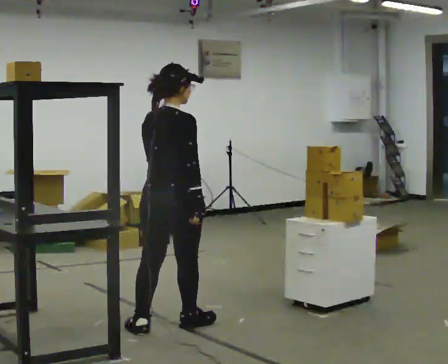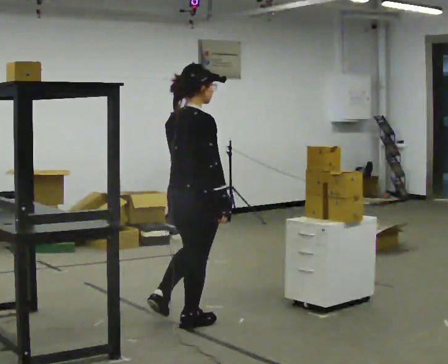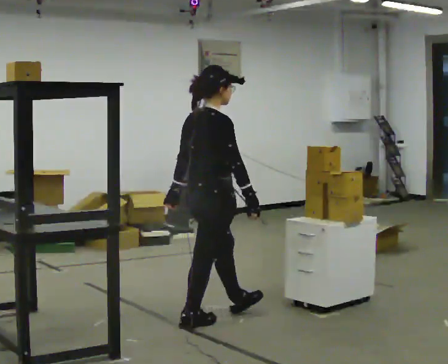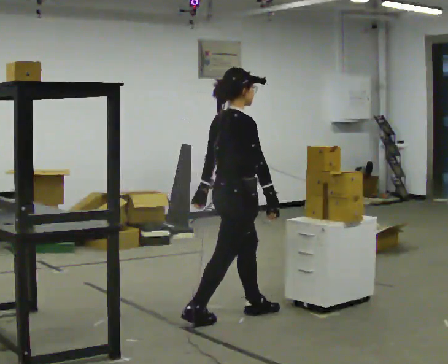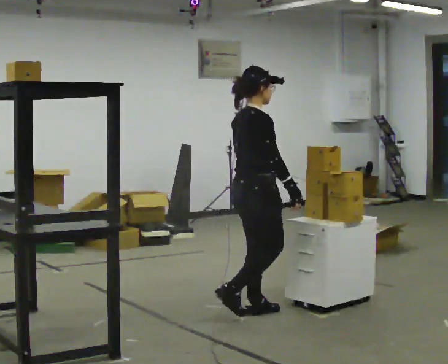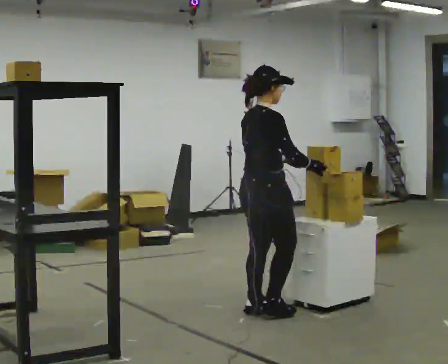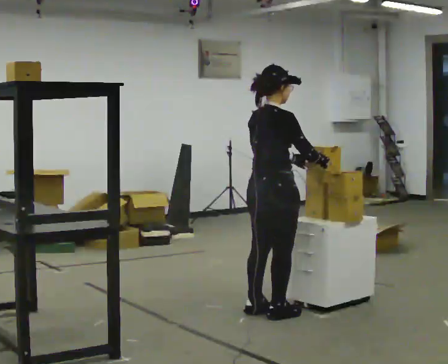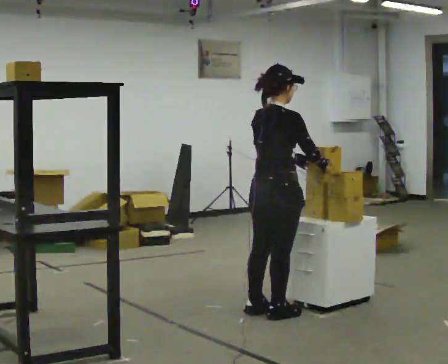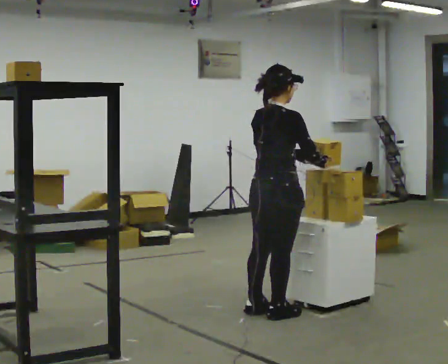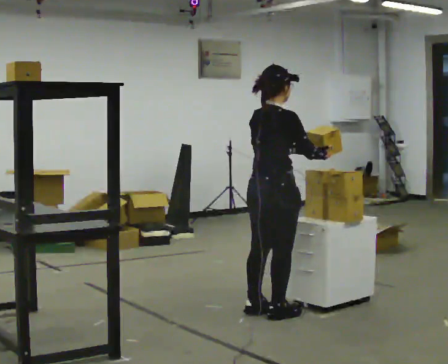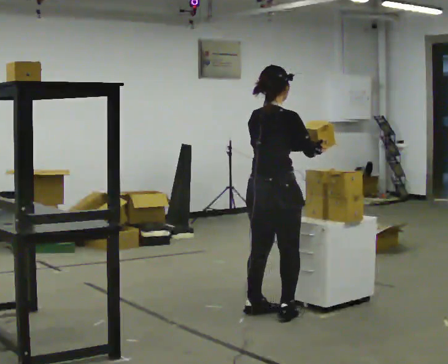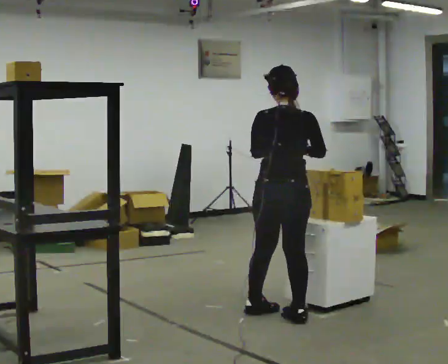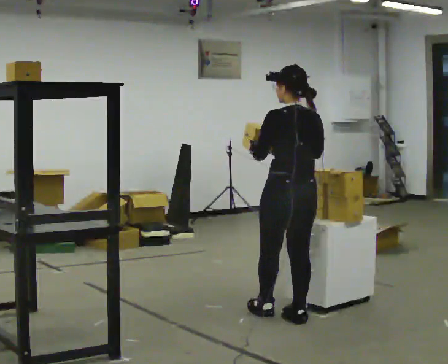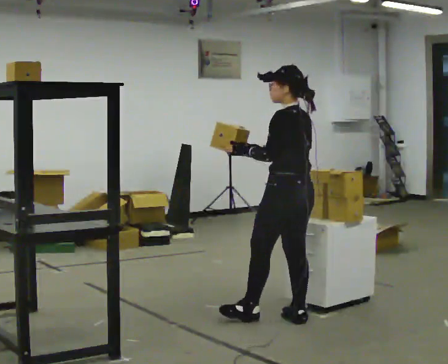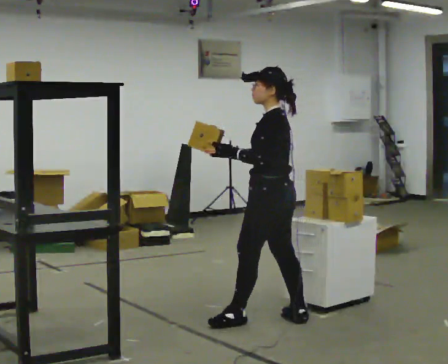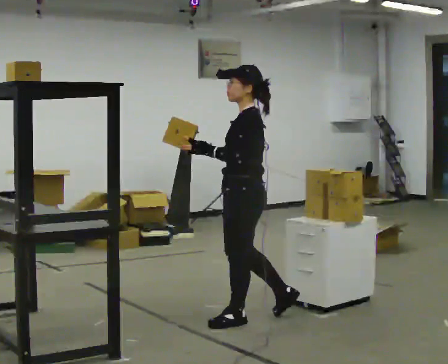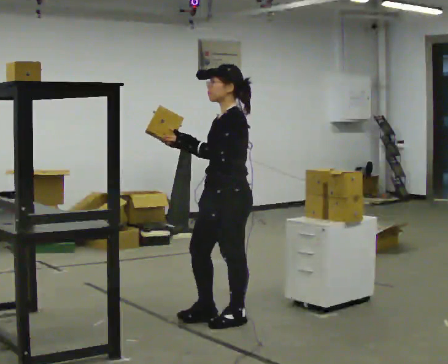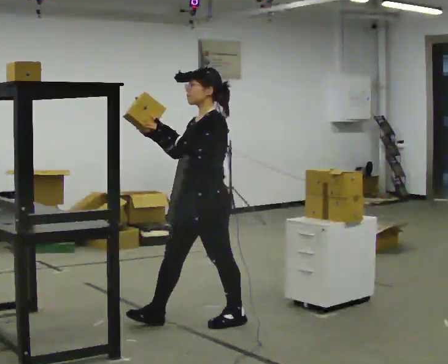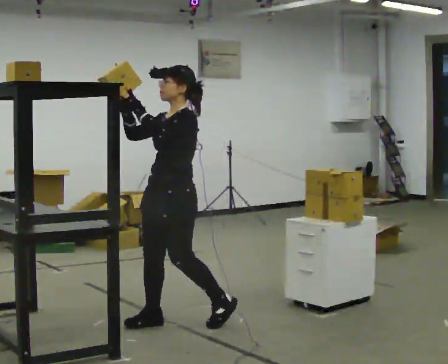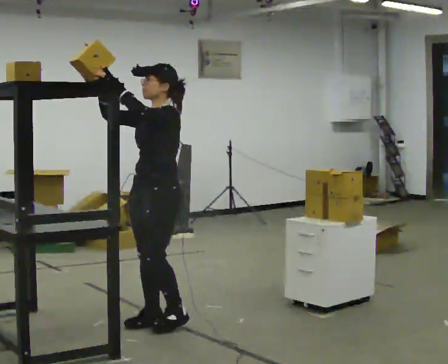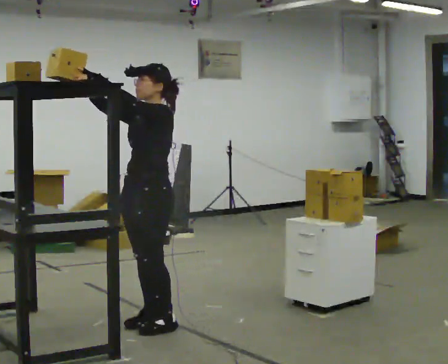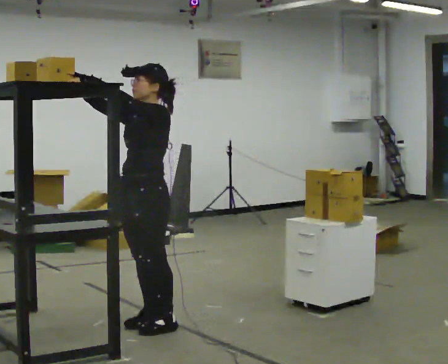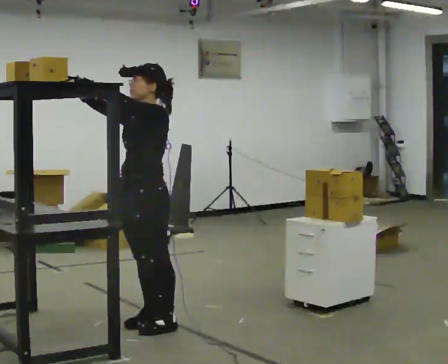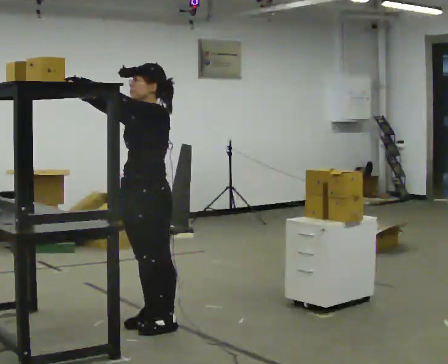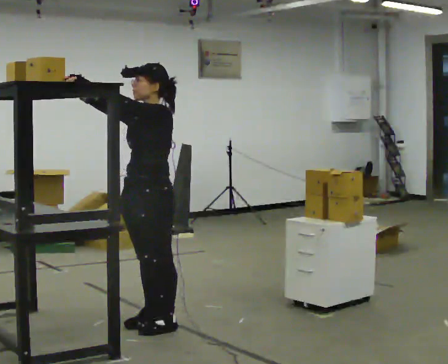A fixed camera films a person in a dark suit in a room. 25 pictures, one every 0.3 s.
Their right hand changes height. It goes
upward.
0.0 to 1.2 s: The person turns about 45 degrees to their right, clockwise seen from above, so the part of the body nearest the lens slides to the left. In the picture they go to the right and away from the camera, about 0.5 m in 1 step, which for them is forward.
1.2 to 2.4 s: The person moves a little, or ends about where they began.
2.4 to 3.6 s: The person turns about 75 degrees to their left, counterclockwise seen from above, so the part of the body nearest the lens slides to the right.
3.6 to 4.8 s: The part of the body nearest the lens slides to the right as the person turns to their left by about 90 degrees. In the picture they go to the left, about 0.5 m in 1 step.
4.8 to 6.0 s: In the picture they go to the left, about 0.5 m in 2 steps, which for them is forward and to their right. In the picture their right hand goes upward.
6.0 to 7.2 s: The person moves a little, or ends about where they began.
The film runs forward here.
